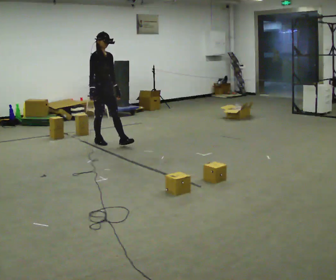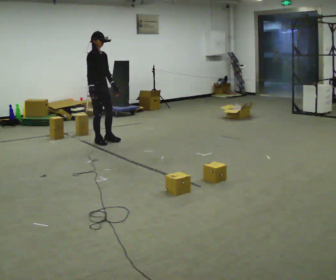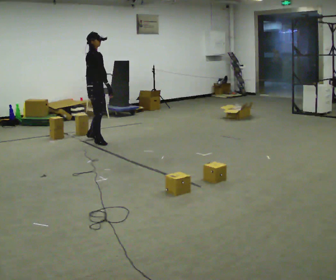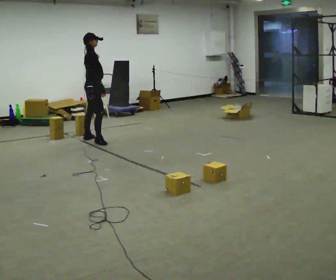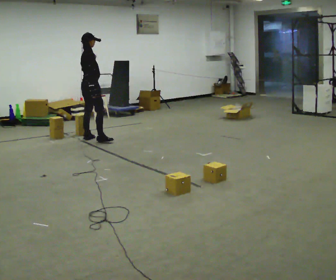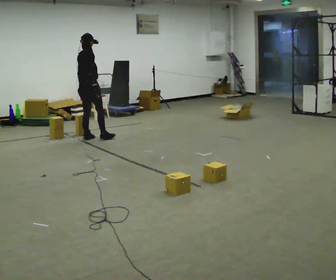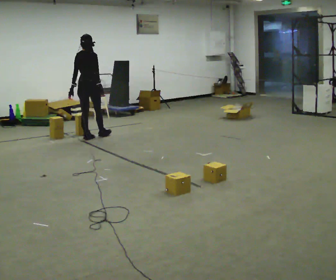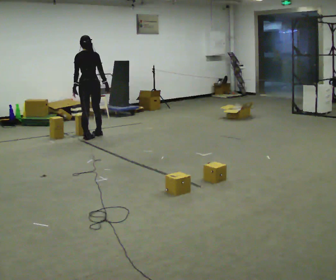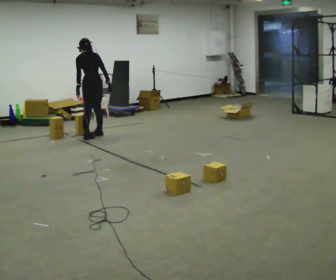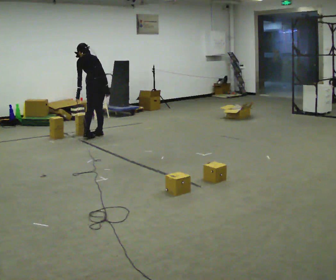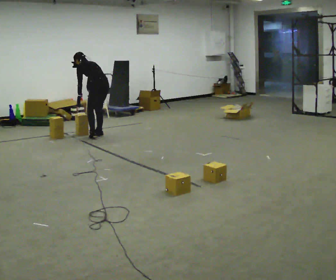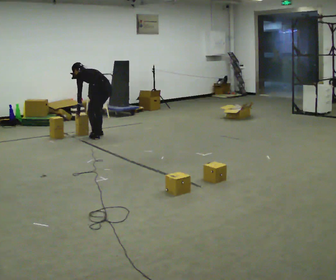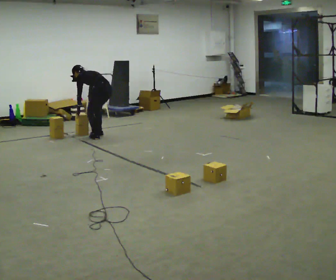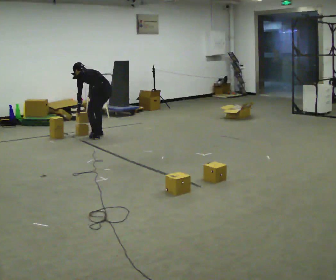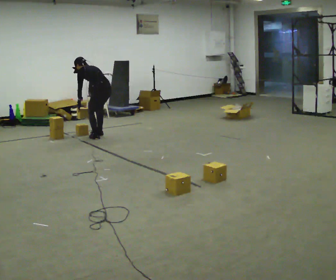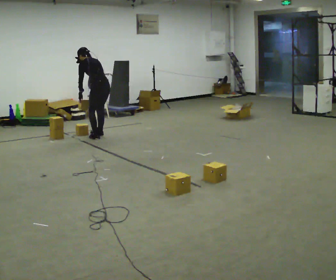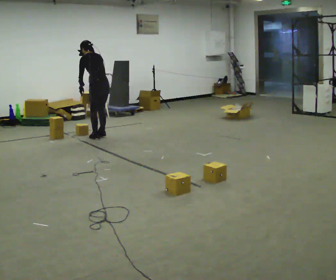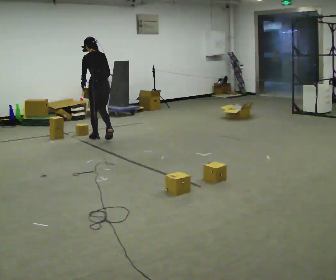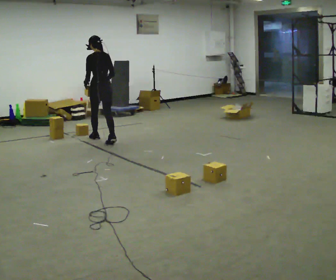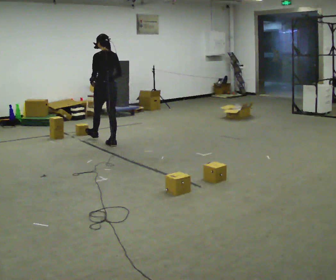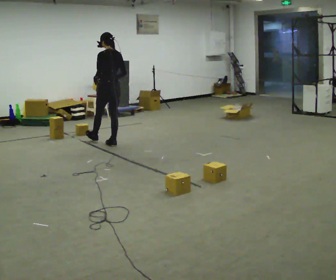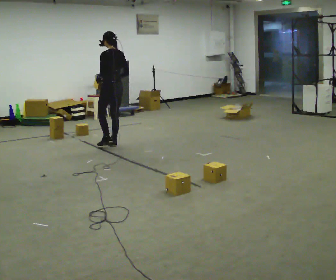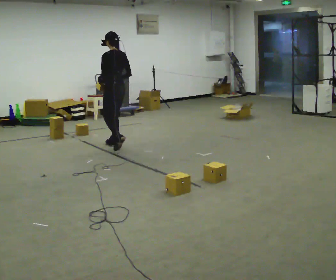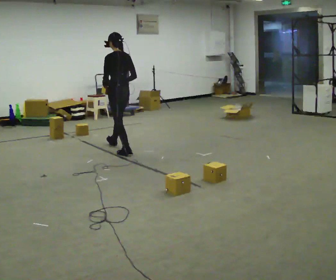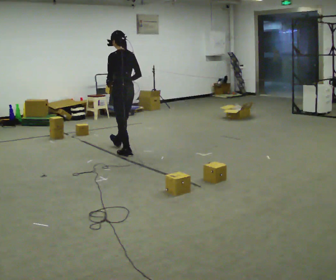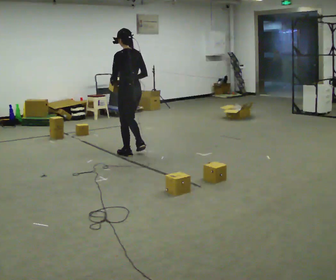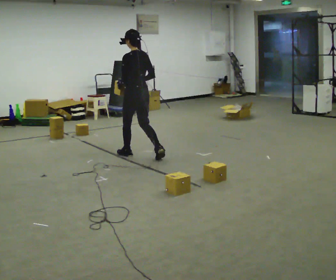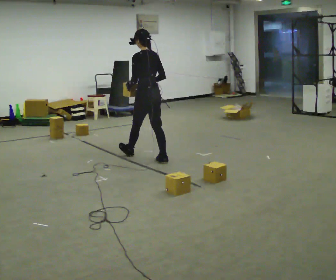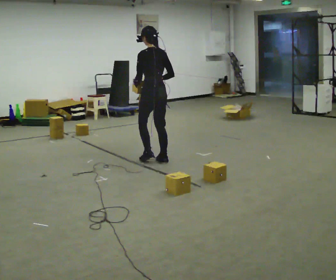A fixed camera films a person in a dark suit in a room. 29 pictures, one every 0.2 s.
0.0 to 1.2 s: The part of the body nearest the lens slides to the right as the person turns to their left by about 105 degrees. In the picture they go away from the camera and to the left, about 0.5 m in 1 step.
1.2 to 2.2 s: The person turns about 90 degrees to their left, counterclockwise seen from above, so the part of the body nearest the lens slides to the right. In the picture they go to the right, about 0.25 m in 1 step. The shoulders move downward. In the picture the upper body tilts counterclockwise, shoulders to the left, as they bend forward. In the picture their right hand goes downward.
2.2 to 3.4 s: The person turns about 30 degrees to their right, clockwise seen from above, so the part of the body nearest the lens slides to the left. In the picture they go toward the camera, about 0.25 m in 1 step, which for them is to their left and backward. The upper body goes upward. In the picture the upper body tilts clockwise, shoulders to the right, as they lean back or straighten. In the picture their left hand goes upward.
3.4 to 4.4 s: In the picture they go toward the camera and to the right, about 0.5 m in 1 step, which for them is backward.
4.4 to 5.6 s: In the picture they go toward the camera and to the right, about 1 m in 2 steps, which for them is backward.
The film runs backward here.
